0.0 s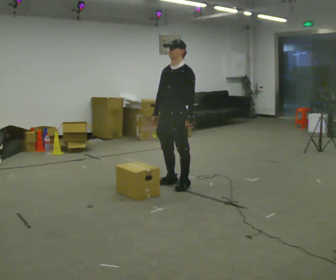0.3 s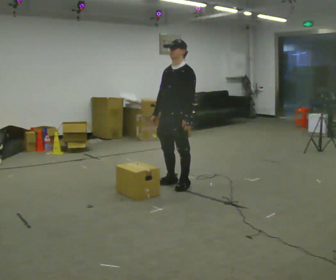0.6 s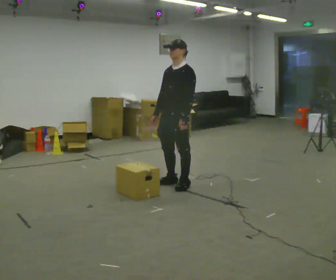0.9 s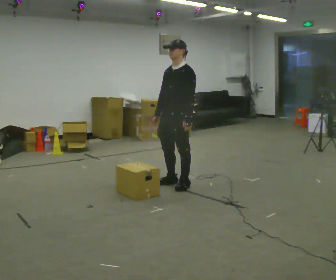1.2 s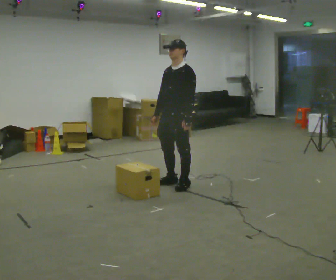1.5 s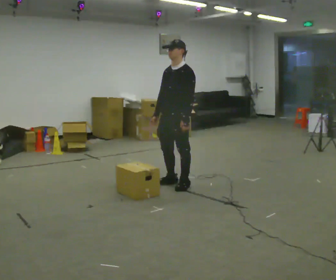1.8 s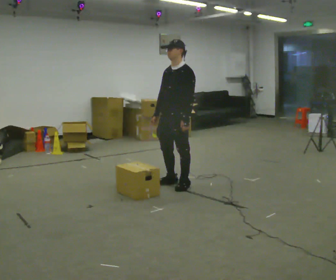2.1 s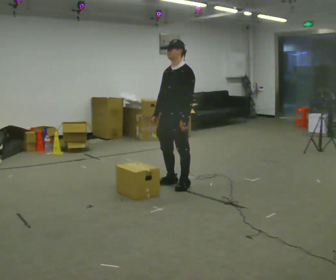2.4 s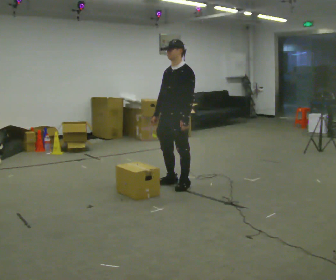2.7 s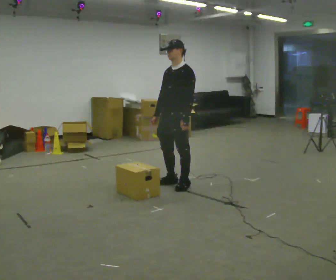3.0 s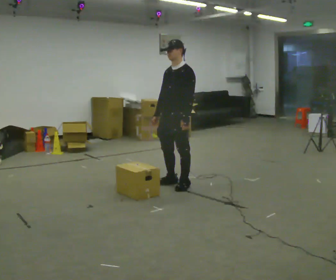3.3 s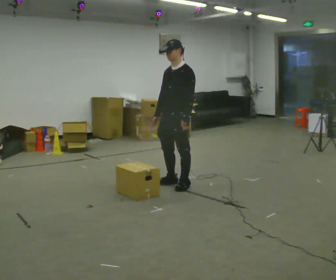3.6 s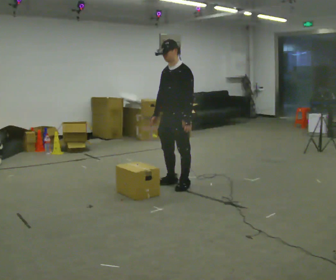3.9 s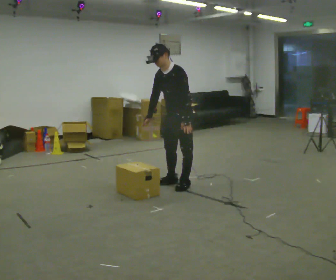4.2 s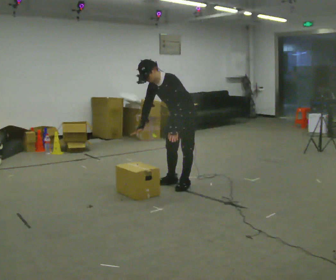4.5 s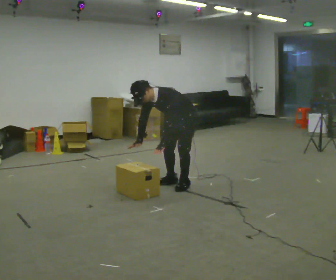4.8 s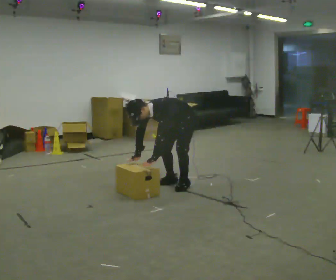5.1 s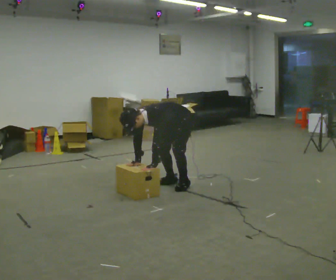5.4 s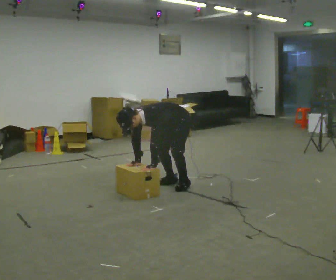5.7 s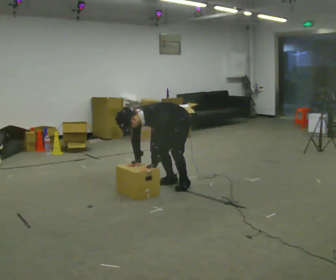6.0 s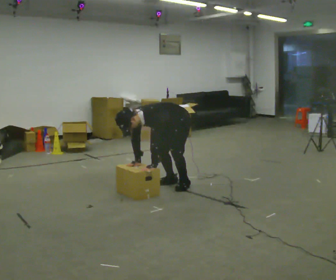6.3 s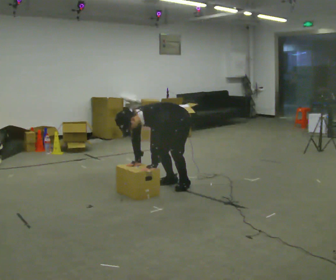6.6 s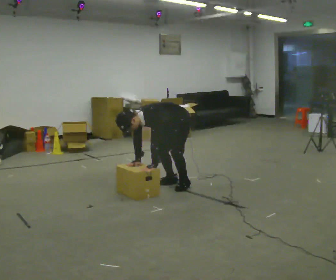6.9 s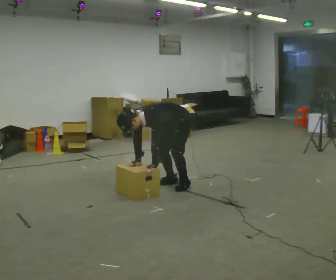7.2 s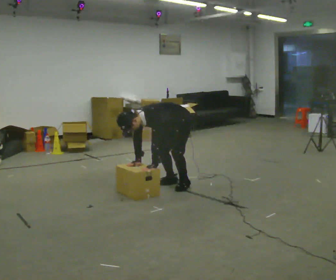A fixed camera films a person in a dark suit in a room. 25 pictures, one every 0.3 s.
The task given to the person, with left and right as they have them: The object is placed just too far away for you to reach. Try to reach it while keeping both feet planted, and step only when you have to. Repeat at your own pace until the operator says stop. Go slowly and only as far as you are comfortable. Step whenever you need to; do not try to hold on longer than feels safe.
0.0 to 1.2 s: The person moves a little, or ends about where they began.
1.2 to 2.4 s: The person keeps their place and pose.
2.4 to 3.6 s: The person moves a little, or ends about where they began.
3.6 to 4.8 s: The upper body goes downward. In the picture the upper body tilts counterclockwise, shoulders to the left, as they bend forward. In the picture their right hand goes downward.
4.8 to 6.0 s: The person moves a little, or ends about where they began.
6.0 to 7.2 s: The person keeps their place and pose.
The film runs forward here.
